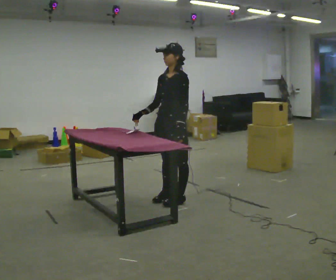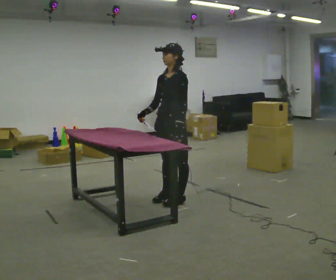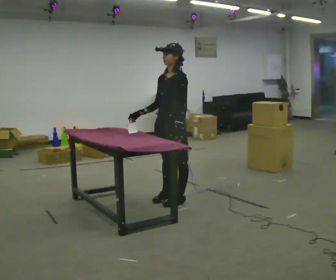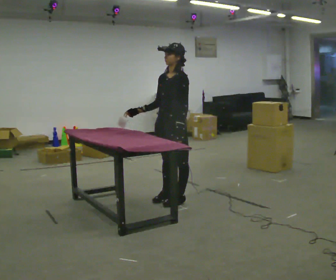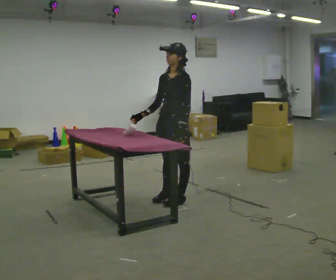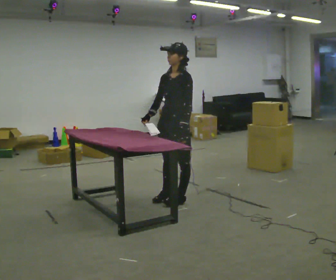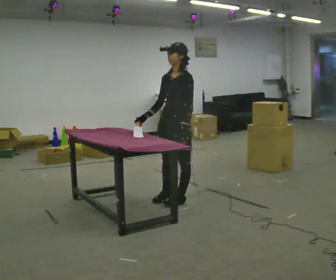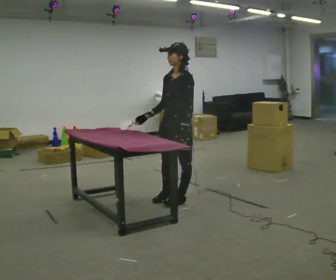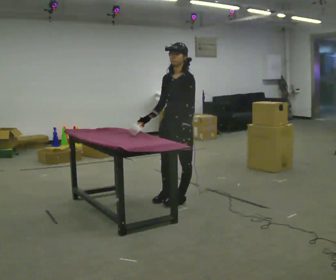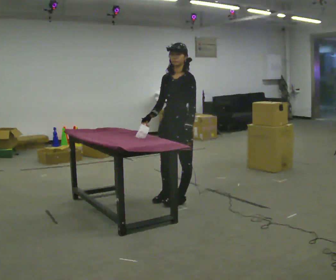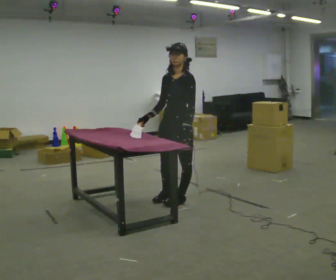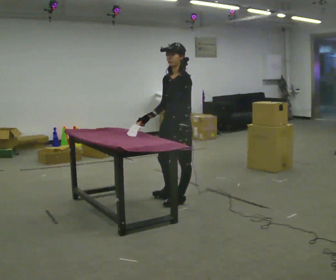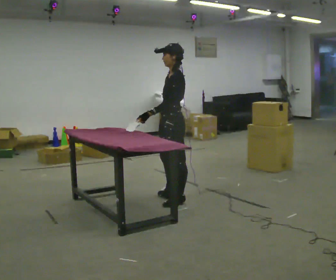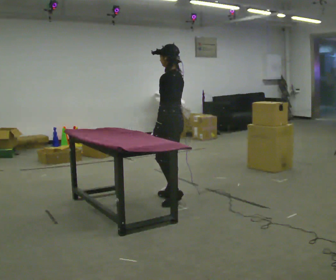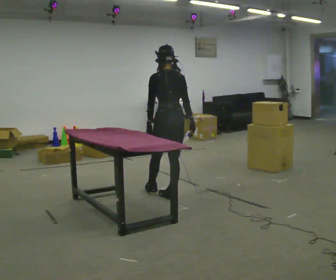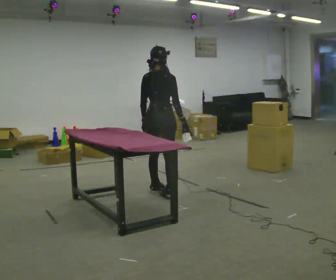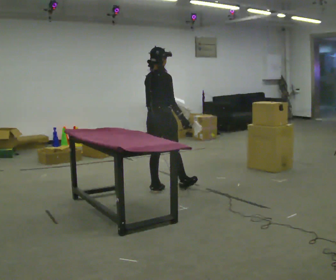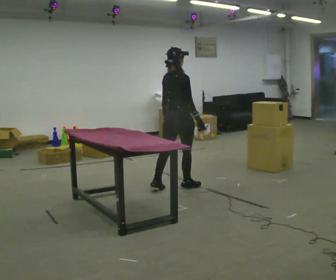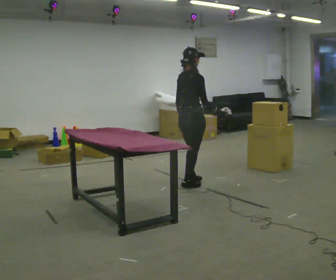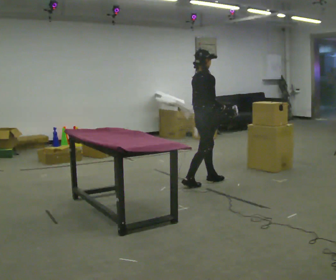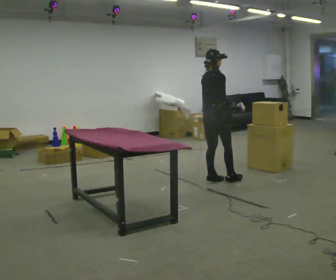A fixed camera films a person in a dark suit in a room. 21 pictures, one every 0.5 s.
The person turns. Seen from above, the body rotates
clockwise.
The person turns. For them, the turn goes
to their right.
0.0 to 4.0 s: The person moves a little, or ends about where they began.
4.0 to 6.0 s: Seen from above the body turns clockwise, about 30 degrees: to their right, with its near side sliding to the left.
6.0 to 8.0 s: Seen from above the body turns clockwise, about 135 degrees: to their right, with its near side sliding to the left. In the picture they go away from the camera and to the left, about 0.5 m in 1 step.
8.0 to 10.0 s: In the picture they go to the right and away from the camera, about 0.5 m in 2 steps, which for them is forward.
The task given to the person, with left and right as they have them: Fetch the tool from the shelf, carry it to the workpiece, use it there as the operator shows you, then take it back to the shelf. Keep going until the operator says stop; one object at a time, and do not rush between trips.
The film runs forward here.
